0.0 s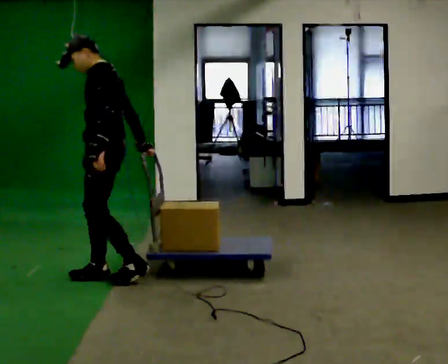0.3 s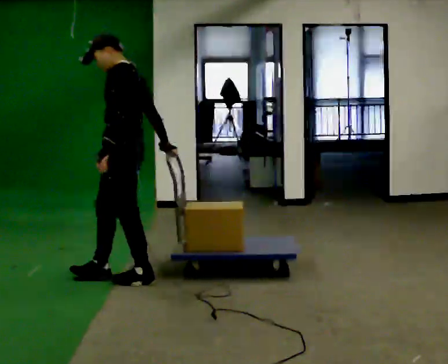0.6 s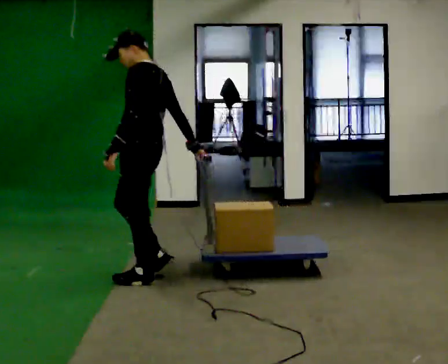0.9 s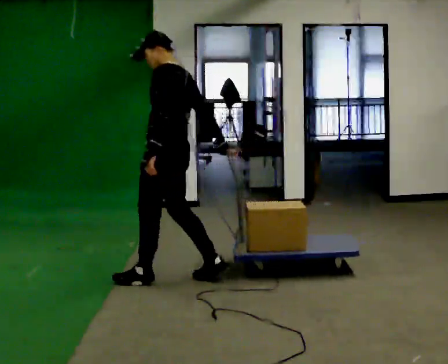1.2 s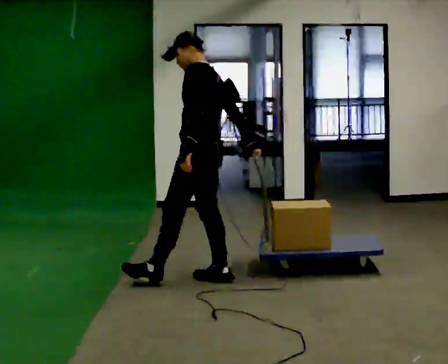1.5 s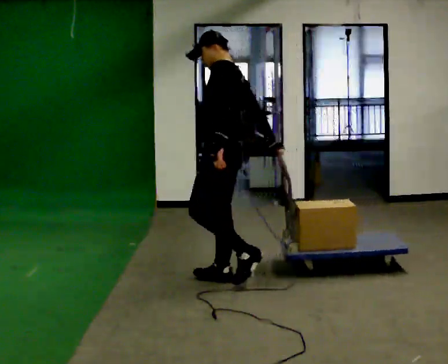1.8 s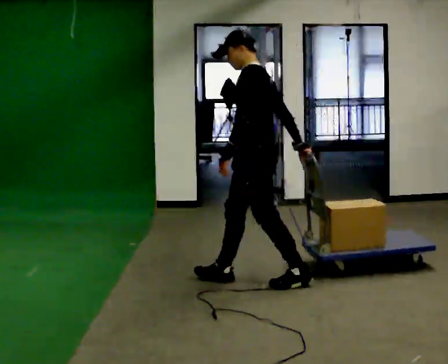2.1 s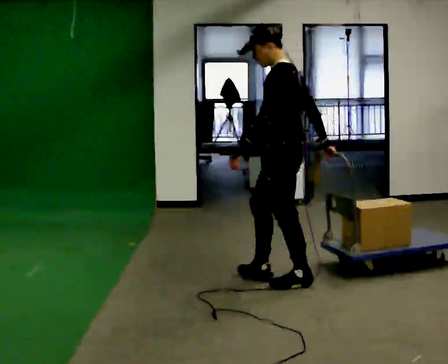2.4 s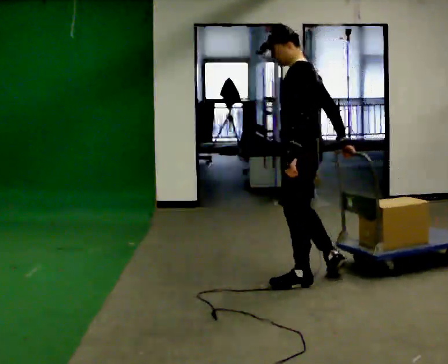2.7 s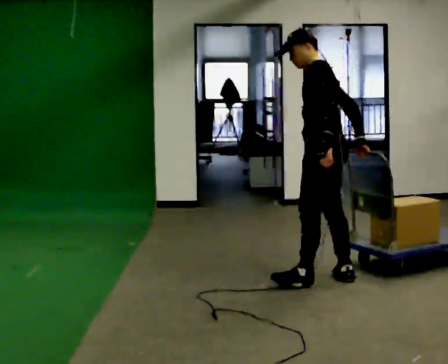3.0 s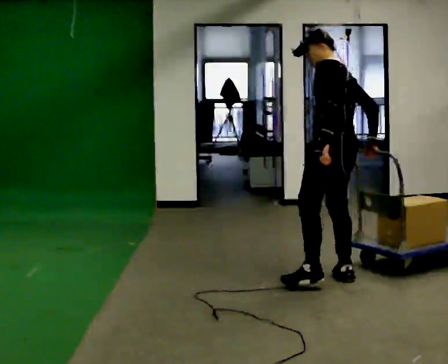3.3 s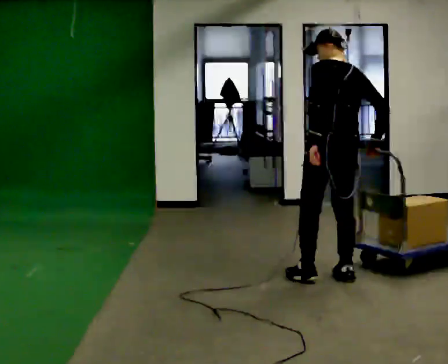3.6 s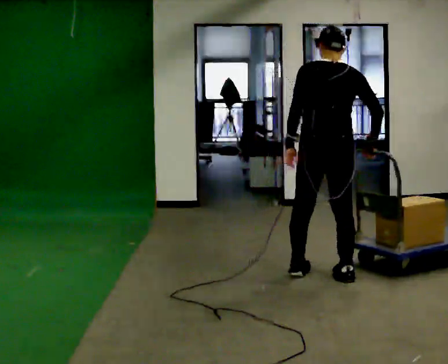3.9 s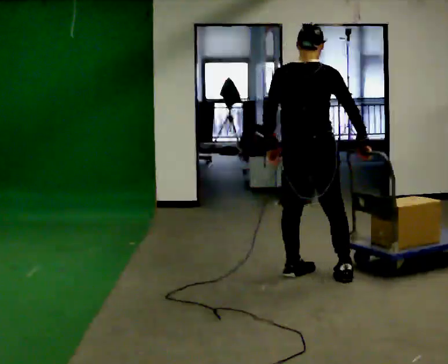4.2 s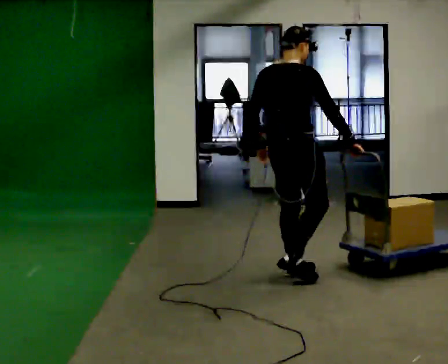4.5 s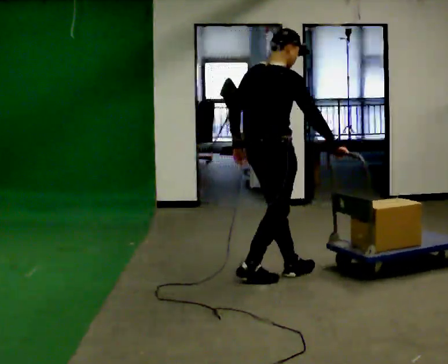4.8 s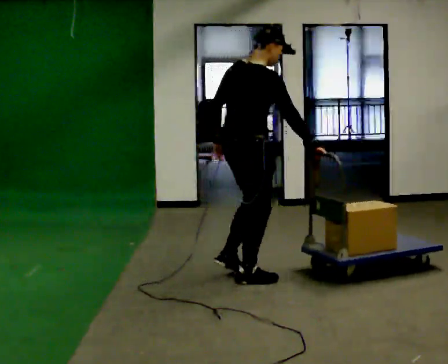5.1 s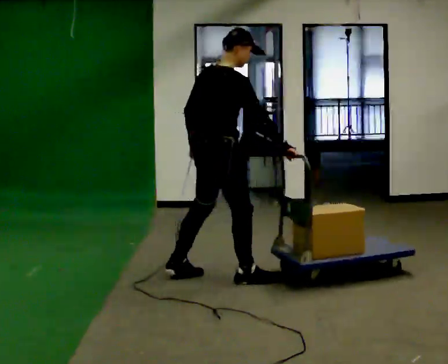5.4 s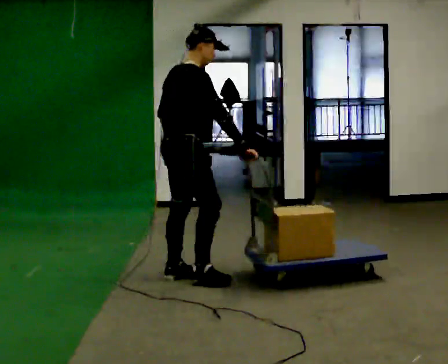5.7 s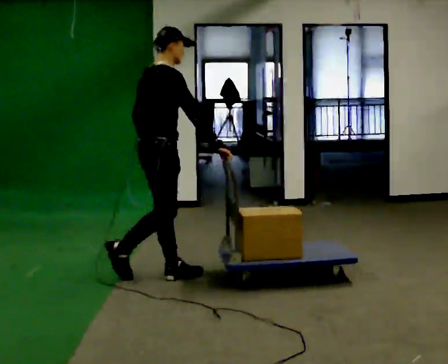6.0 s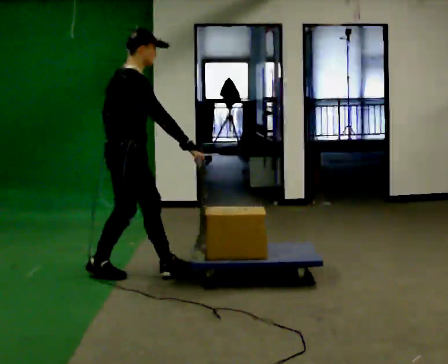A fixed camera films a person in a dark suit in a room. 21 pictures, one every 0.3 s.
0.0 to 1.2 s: In the picture they go to the right, about 0.75 m in 2 steps, which for them is backward.
1.2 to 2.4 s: In the picture they go to the right, about 0.75 m in 1 step, which for them is backward.
2.4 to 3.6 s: The person turns about 75 degrees to their right, clockwise seen from above, so the part of the body nearest the lens slides to the left.
3.6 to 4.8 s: The person turns about 60 degrees to their right, clockwise seen from above, so the part of the body nearest the lens slides to the left. In the picture they go to the left, about 0.5 m in 2 steps, which for them is to their left and backward.
4.8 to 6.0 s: In the picture they go to the left, about 1 m in 2 steps, which for them is backward and to their left.
The film runs backward here.
